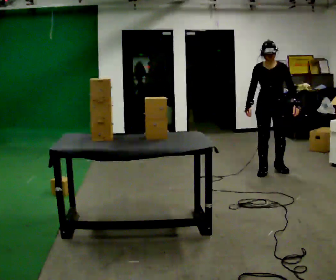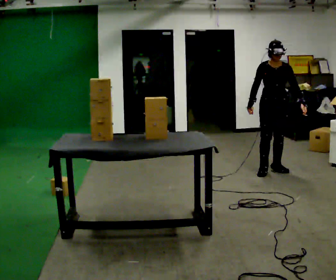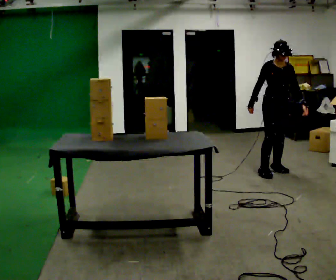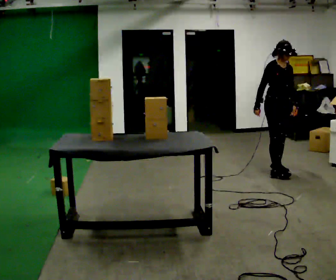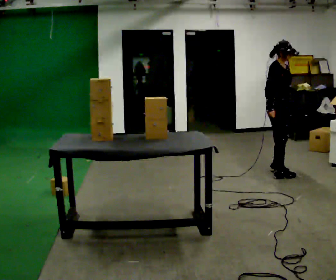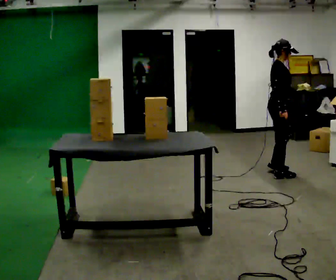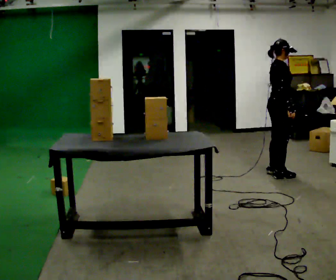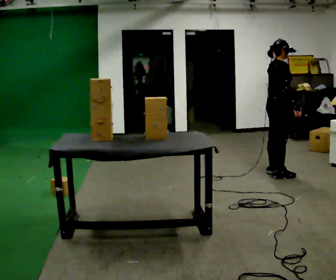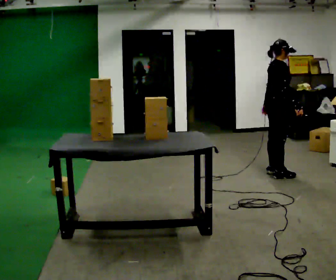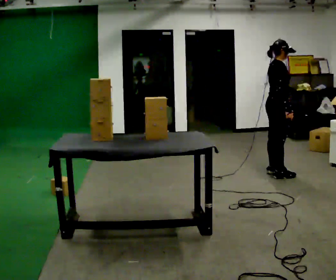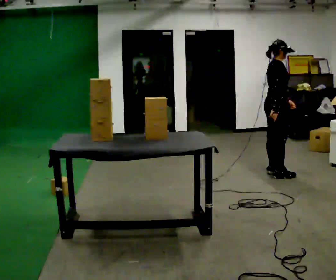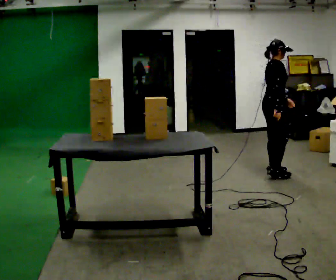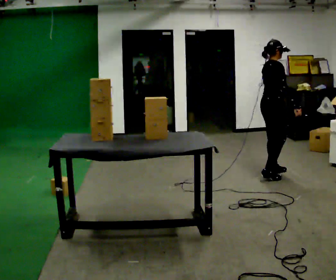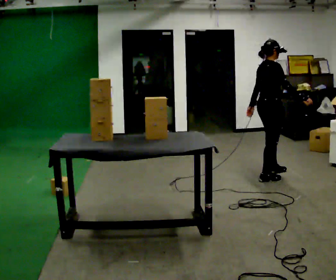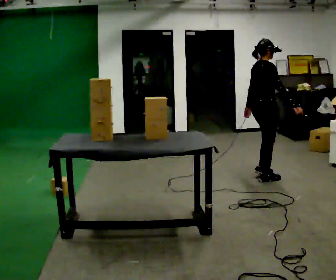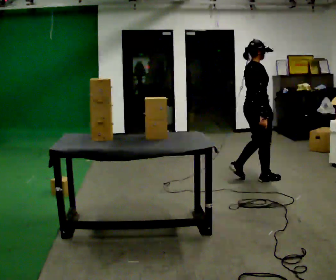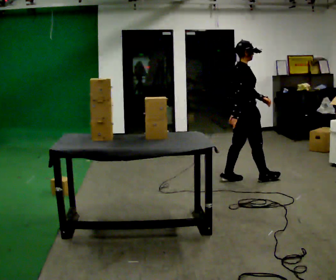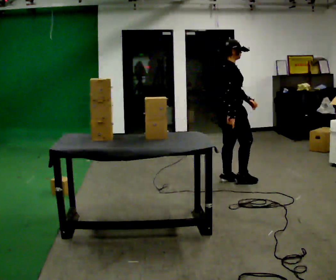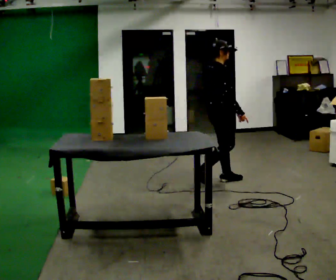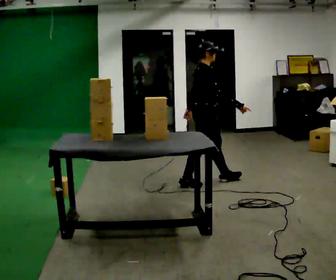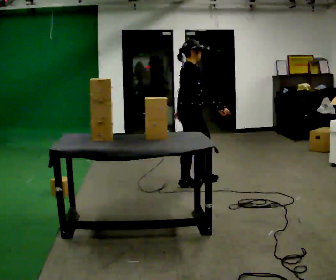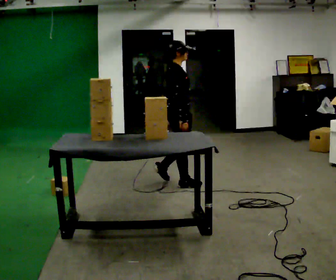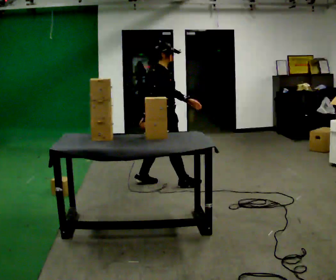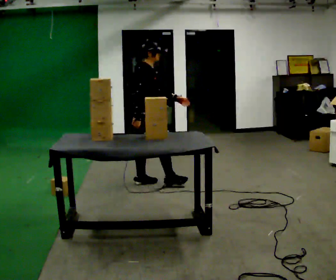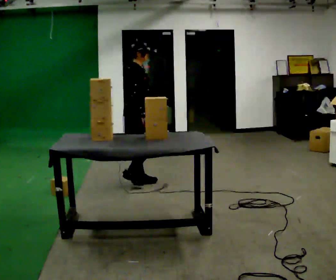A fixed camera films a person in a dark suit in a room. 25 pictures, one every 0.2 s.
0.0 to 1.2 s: The part of the body nearest the lens slides to the right as the person turns to their left by about 105 degrees.
1.2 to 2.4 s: The person moves a little, or ends about where they began.
2.4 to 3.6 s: In the picture they go to the left and toward the camera, about 0.75 m in 2 steps, which for them is backward.
3.6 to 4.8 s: In the picture they go to the left, about 1 m in 2 steps, which for them is backward.
The film runs backward here.
